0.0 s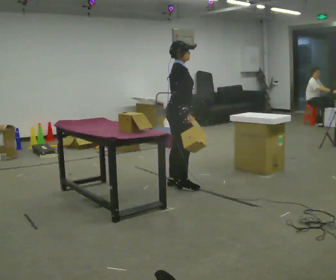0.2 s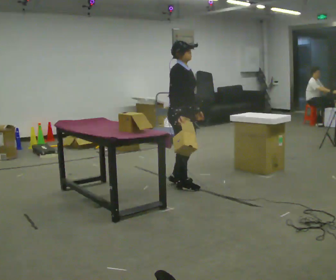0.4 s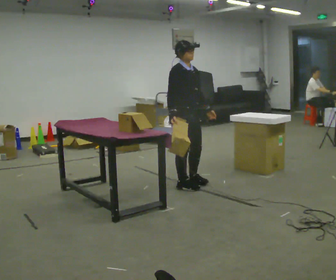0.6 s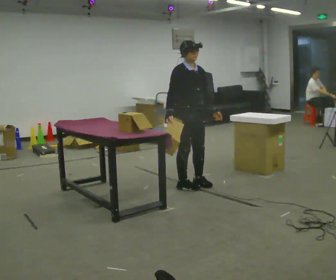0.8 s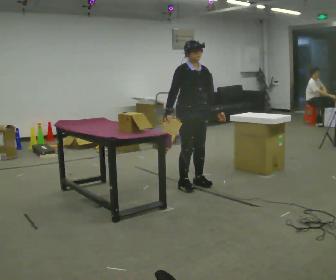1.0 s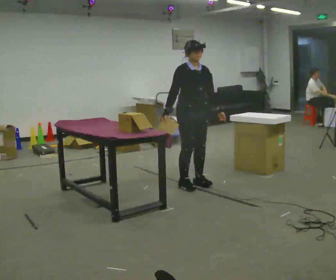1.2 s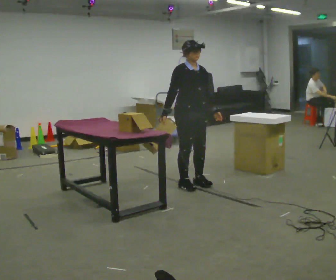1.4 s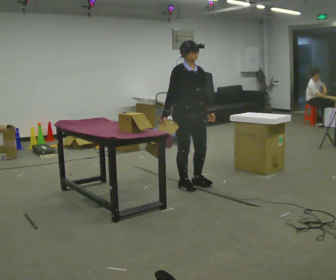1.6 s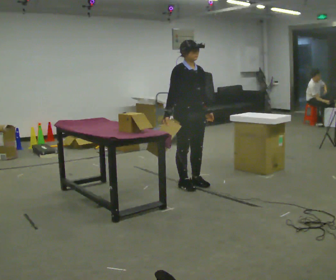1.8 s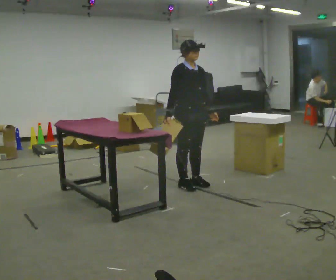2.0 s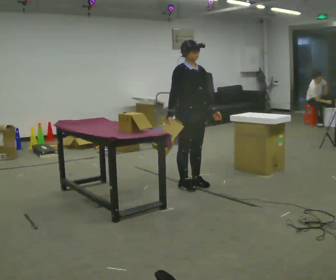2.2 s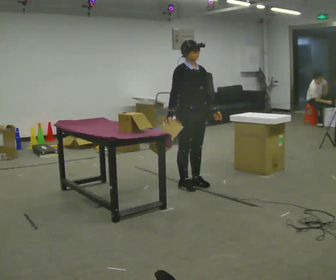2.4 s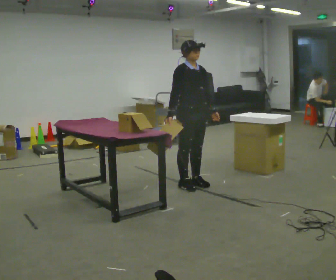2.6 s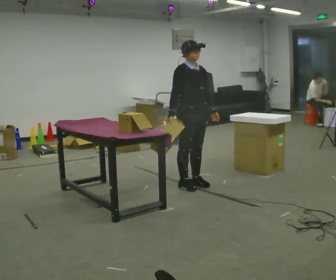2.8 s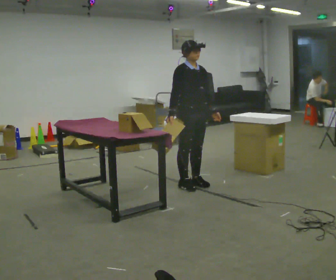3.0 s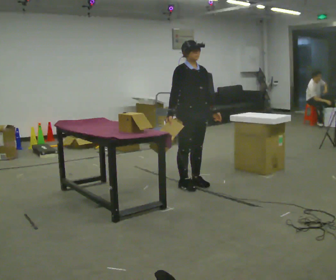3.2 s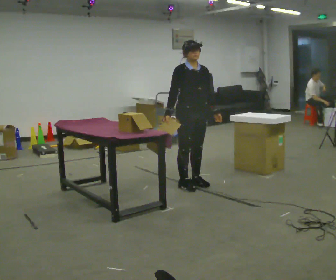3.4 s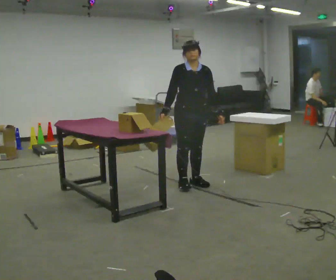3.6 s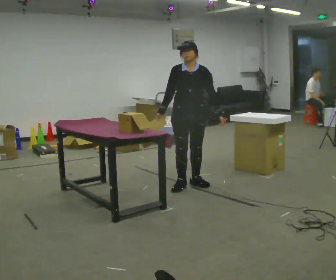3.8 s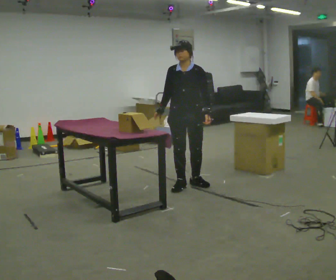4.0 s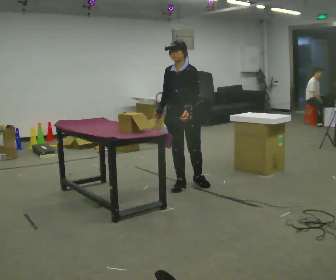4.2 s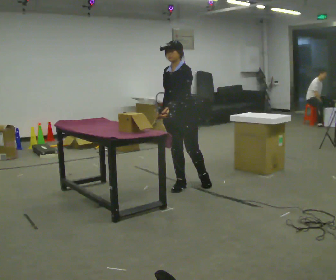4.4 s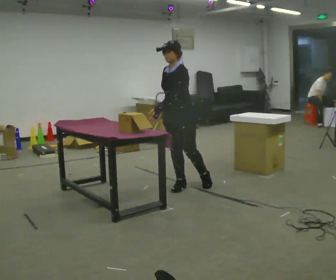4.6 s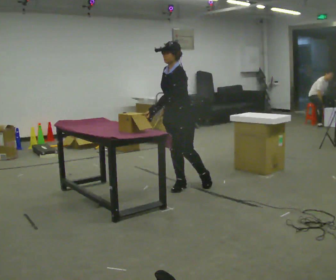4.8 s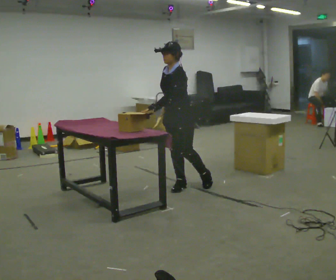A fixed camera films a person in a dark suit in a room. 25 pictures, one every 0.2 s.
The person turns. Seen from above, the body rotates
clockwise.
The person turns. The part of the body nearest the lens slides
to the left.
0.0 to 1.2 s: Seen from above the body turns clockwise, about 45 degrees: to their right, with its near side sliding to the left.
1.2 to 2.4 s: The person moves a little, or ends about where they began.
2.4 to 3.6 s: The part of the body nearest the lens slides to the left as the person turns to their right by about 45 degrees.
3.6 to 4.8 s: The part of the body nearest the lens slides to the left as the person turns to their right by about 45 degrees. In the picture their left hand goes to the left, the arm swinging clockwise.
The film runs forward here.
